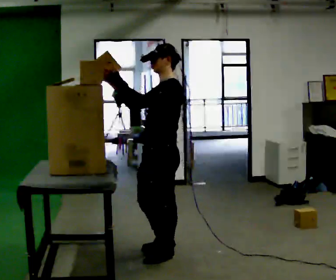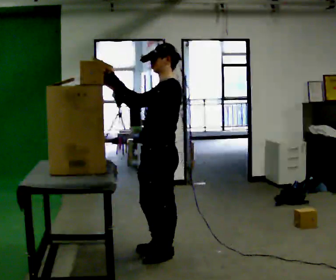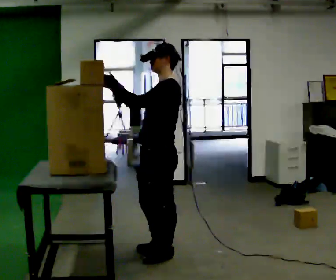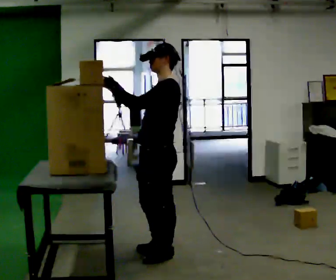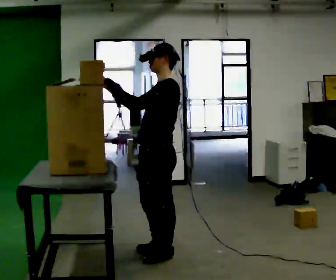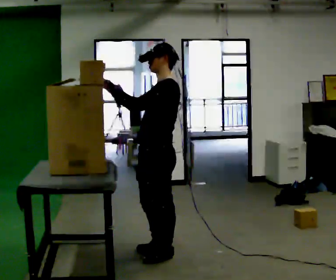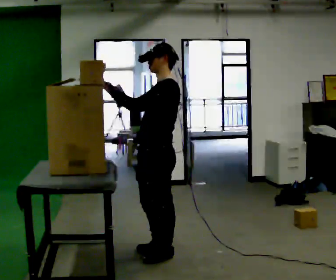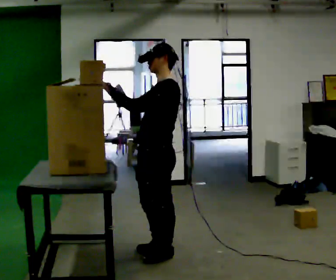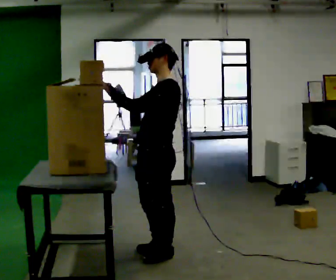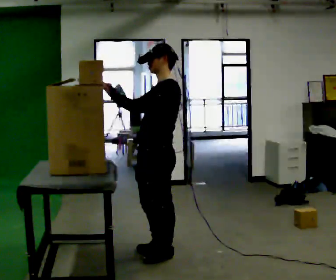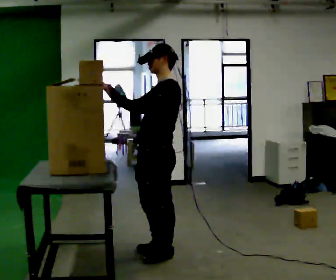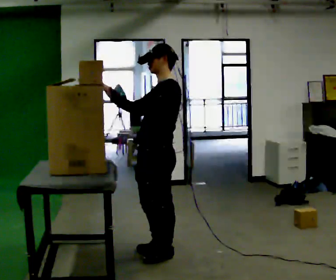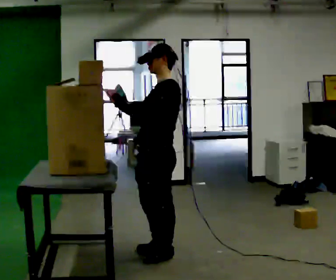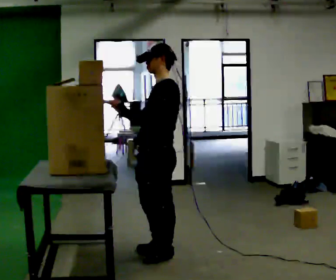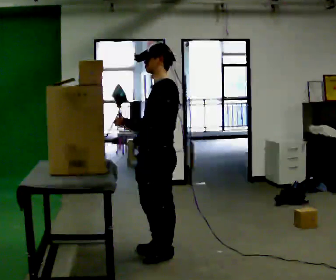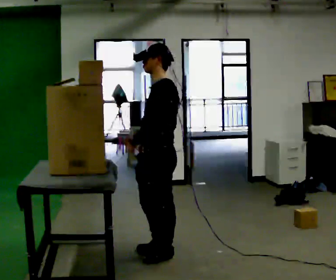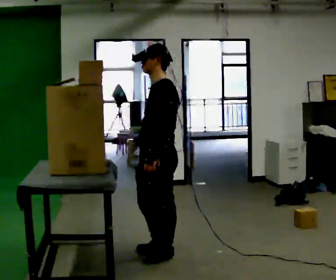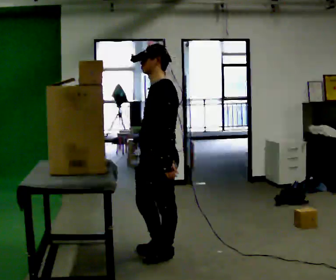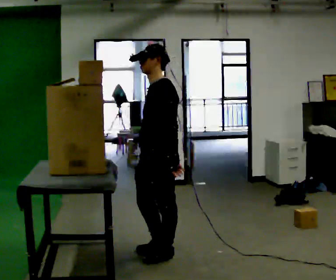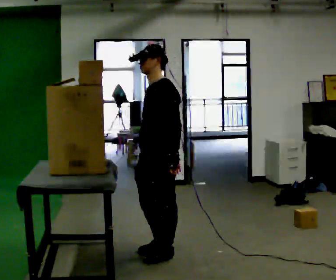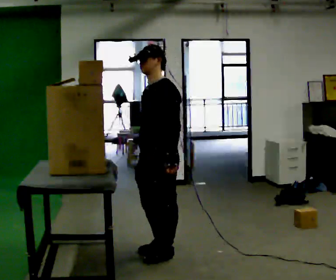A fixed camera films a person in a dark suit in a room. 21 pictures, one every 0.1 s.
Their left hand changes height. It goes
downward.
Their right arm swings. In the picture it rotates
counterclockwise.
0.0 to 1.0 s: The person moves a little, or ends about where they began.
1.0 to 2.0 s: In the picture their left hand goes downward and to the right, the arm swinging counterclockwise.
The film runs forward here.
